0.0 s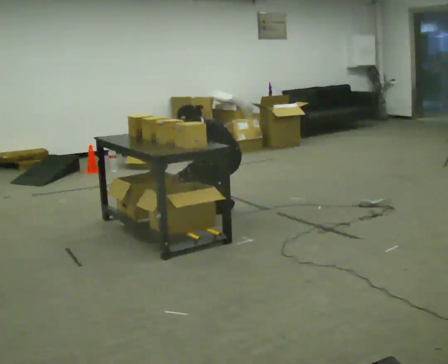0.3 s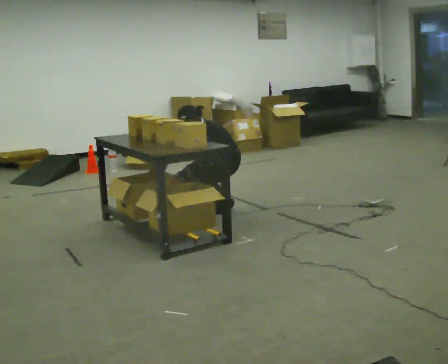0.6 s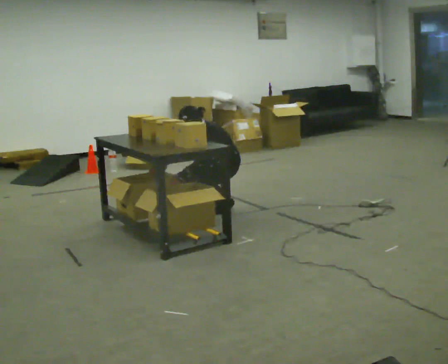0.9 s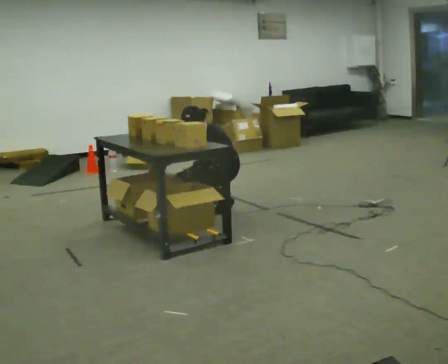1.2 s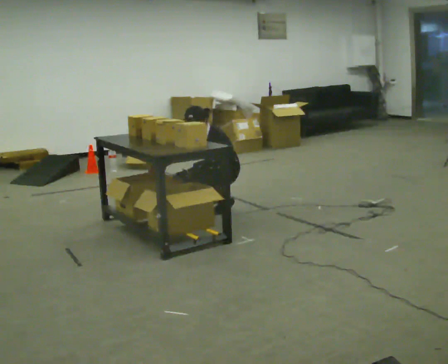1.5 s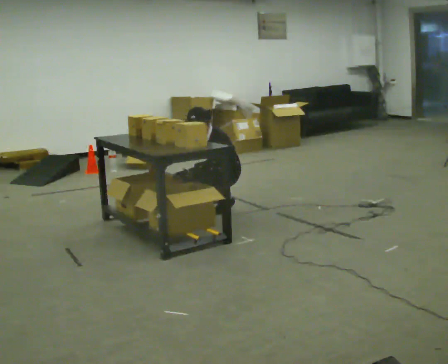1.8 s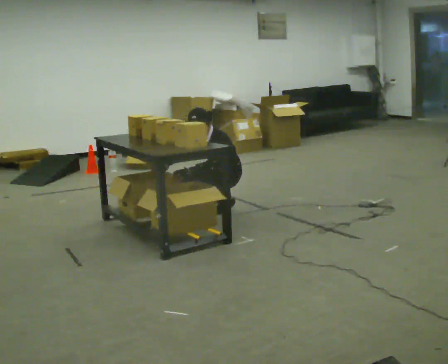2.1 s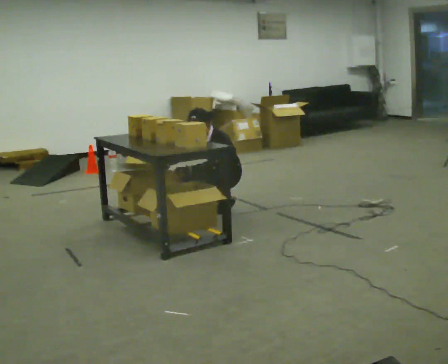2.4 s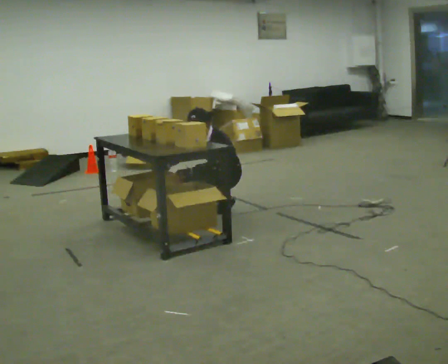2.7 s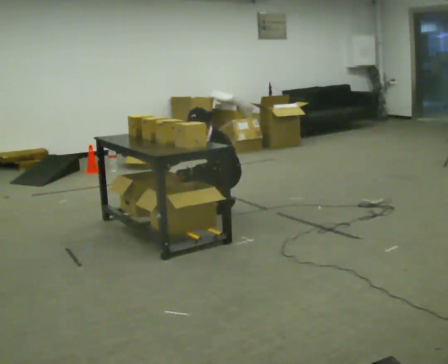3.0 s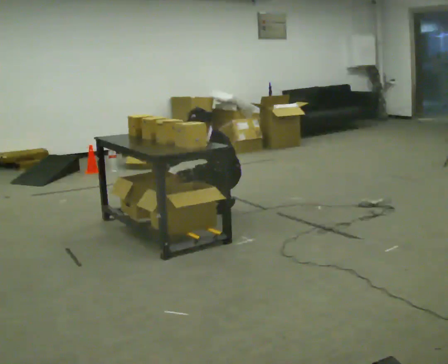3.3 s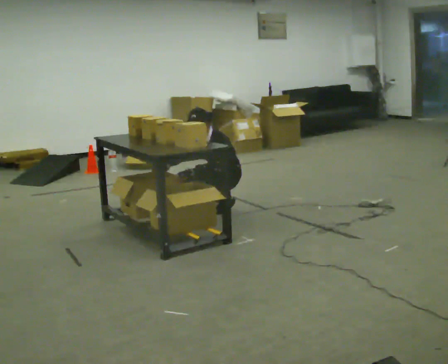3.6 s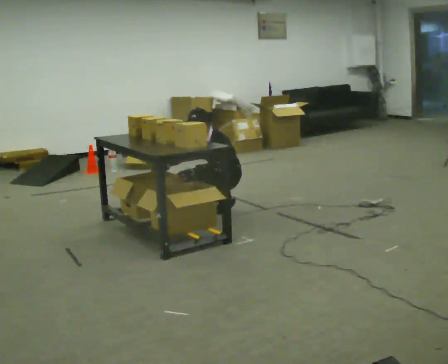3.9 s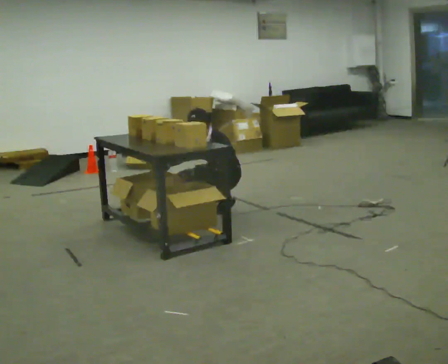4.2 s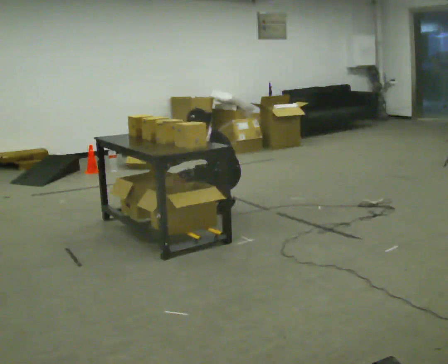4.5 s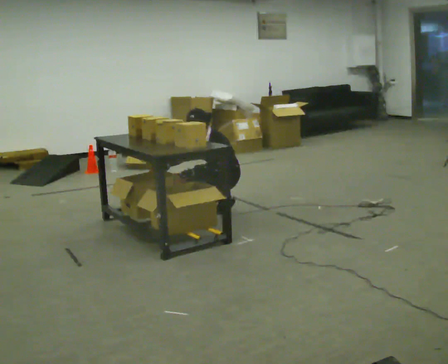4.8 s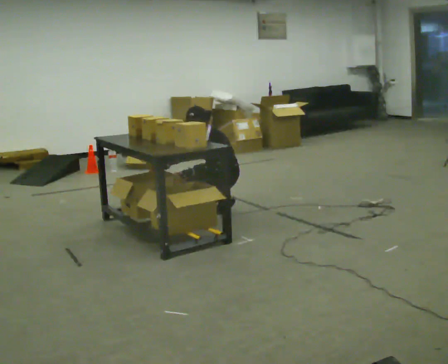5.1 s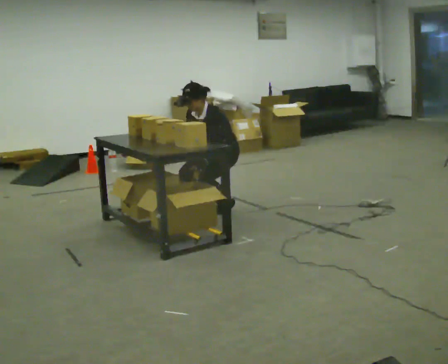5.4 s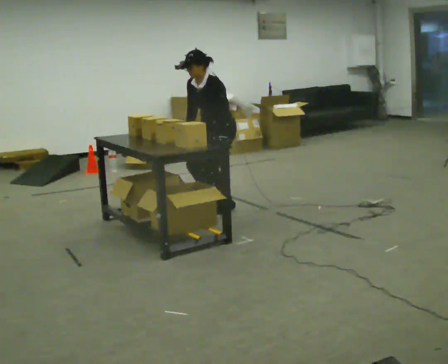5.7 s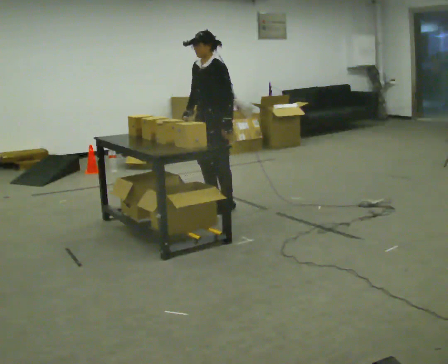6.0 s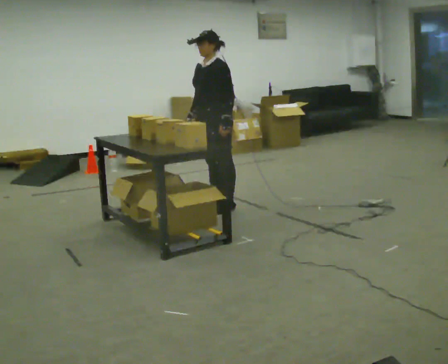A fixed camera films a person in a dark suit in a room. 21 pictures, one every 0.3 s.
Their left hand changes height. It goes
upward.
0.0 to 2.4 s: The person moves a little, or ends about where they began.
2.4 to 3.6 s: The person keeps their place and pose.
3.6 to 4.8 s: The person moves a little, or ends about where they began.
4.8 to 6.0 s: The shoulders move upward. The upper body tips away from the camera, its near side rolling upward, as they lean back or straighten. In the picture their right hand goes upward.
The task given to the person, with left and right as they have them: 1. Take everything out of the crates by the door. 2. Put the small items on the middle shelf. 3. Put the large items on the bottom shelf. 4. Stack the empty crates by the door. 5. Tell the operator when you are finished.
The film runs forward here.
